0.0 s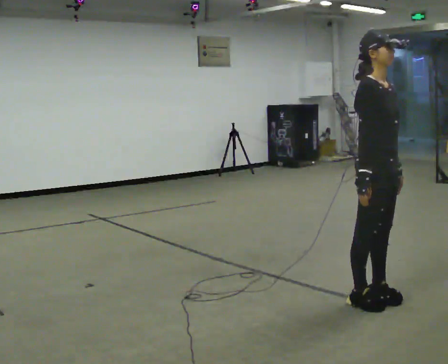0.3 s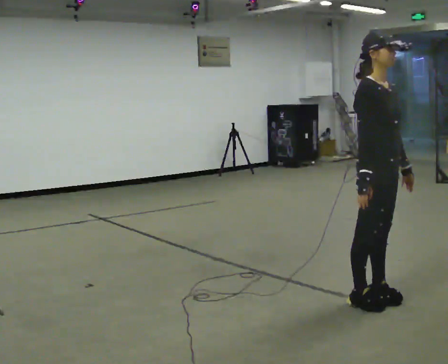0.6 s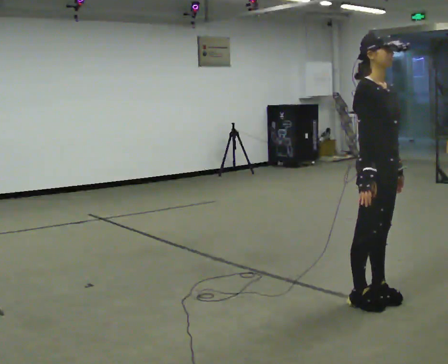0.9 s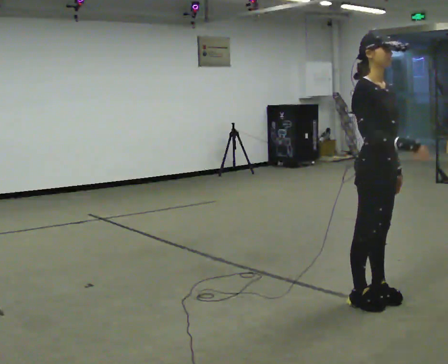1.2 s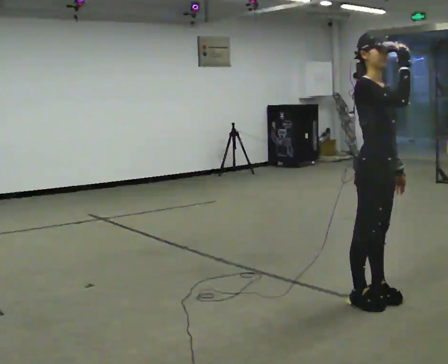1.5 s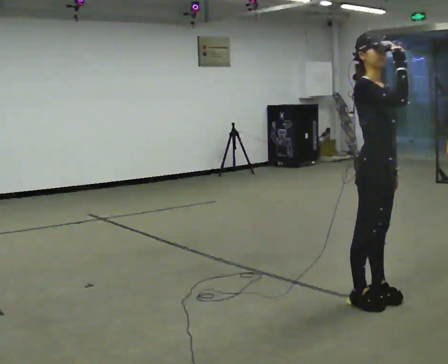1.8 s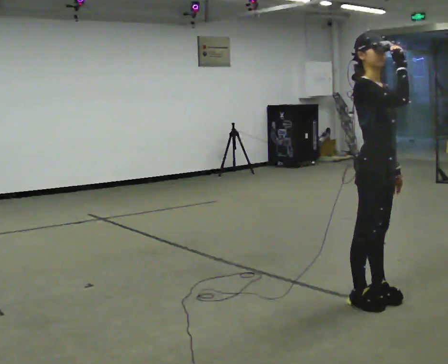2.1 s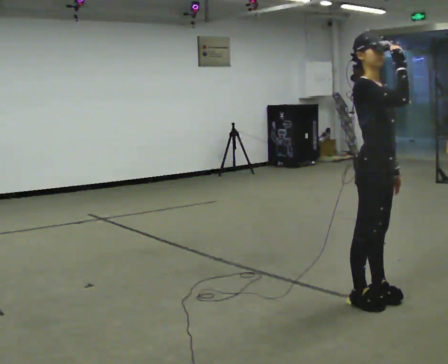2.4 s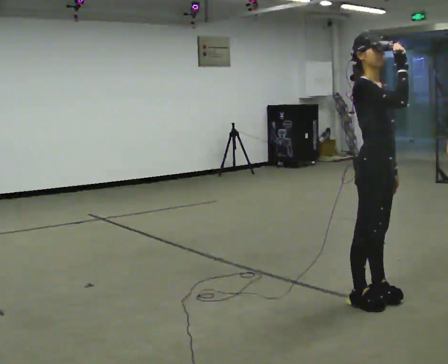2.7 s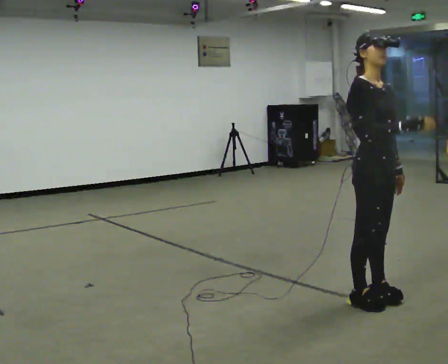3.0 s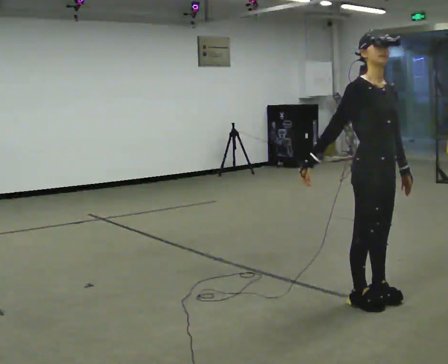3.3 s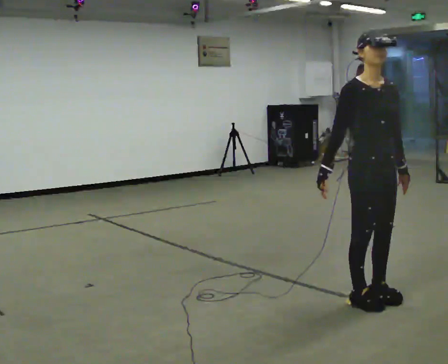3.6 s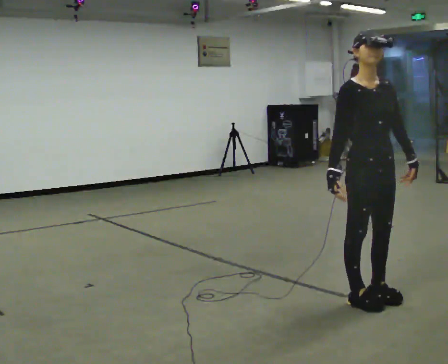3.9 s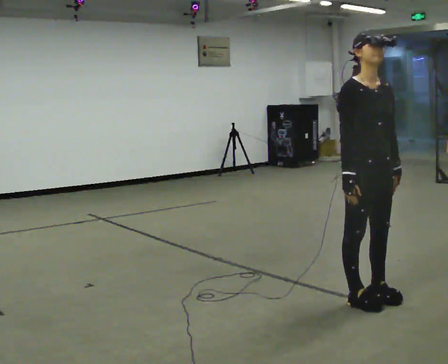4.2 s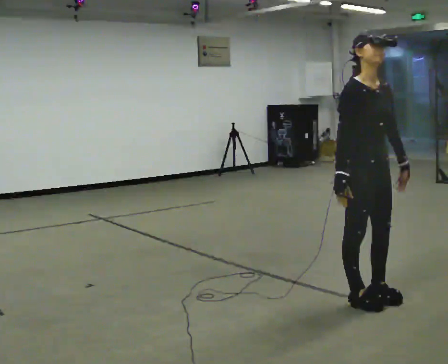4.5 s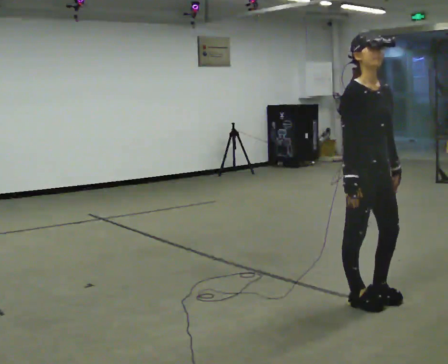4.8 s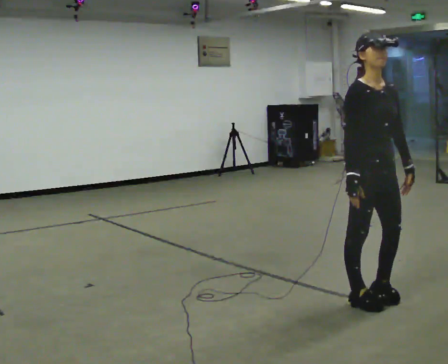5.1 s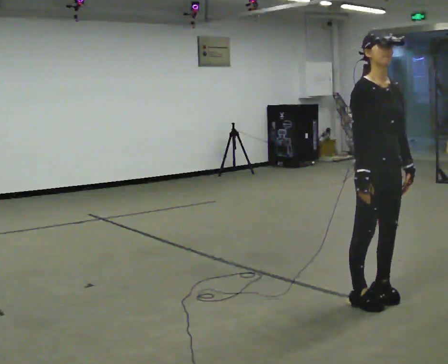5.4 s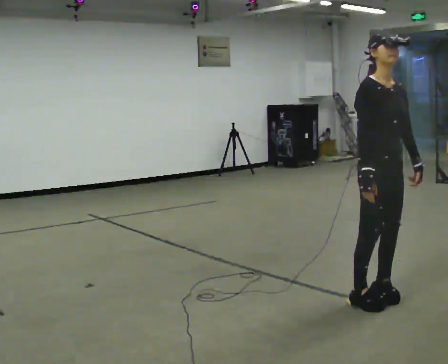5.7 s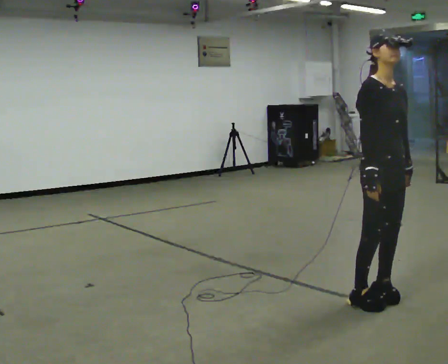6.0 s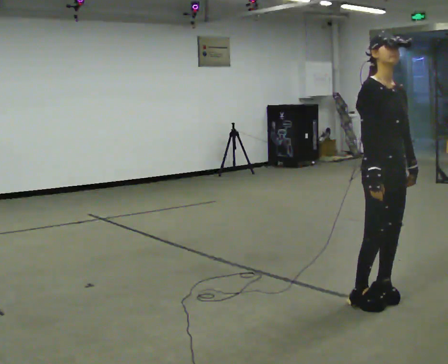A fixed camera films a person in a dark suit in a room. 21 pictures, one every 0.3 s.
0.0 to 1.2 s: In the picture their right hand goes upward.
1.2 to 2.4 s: The person moves a little, or ends about where they began.
2.4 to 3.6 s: Seen from above the body turns clockwise, about 30 degrees: to their right, with its near side sliding to the left. In the picture their right hand goes downward and to the left.
3.6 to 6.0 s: The person moves a little, or ends about where they began.
The film runs forward here.
